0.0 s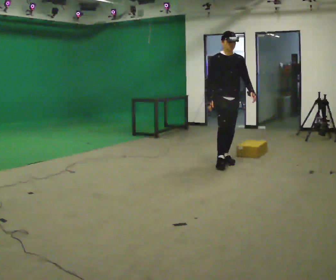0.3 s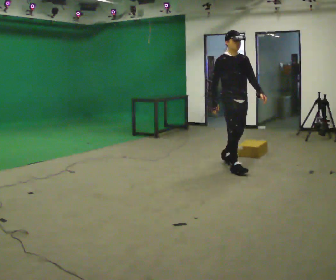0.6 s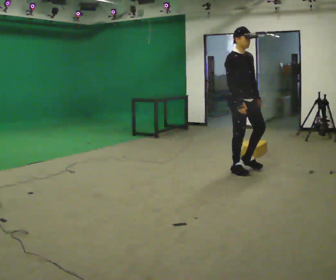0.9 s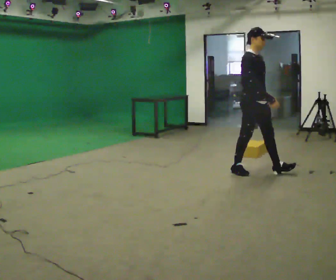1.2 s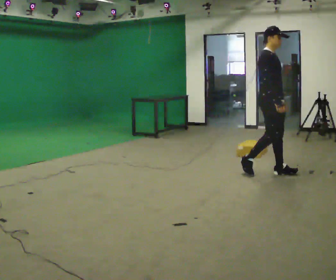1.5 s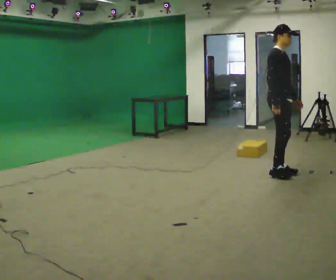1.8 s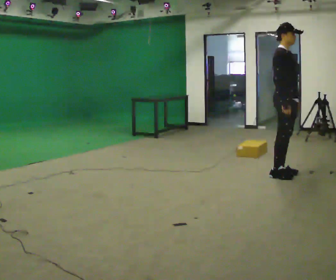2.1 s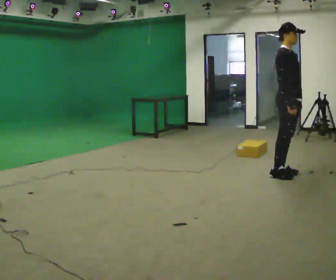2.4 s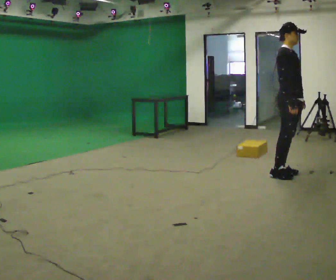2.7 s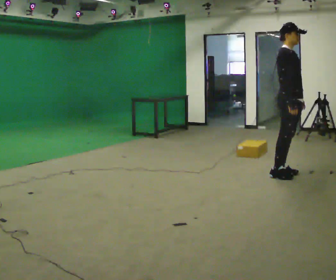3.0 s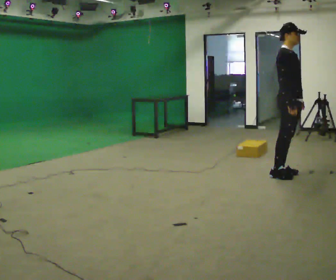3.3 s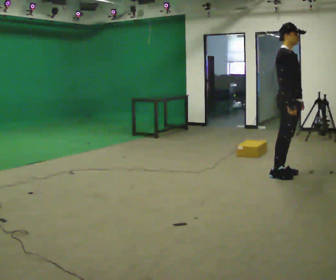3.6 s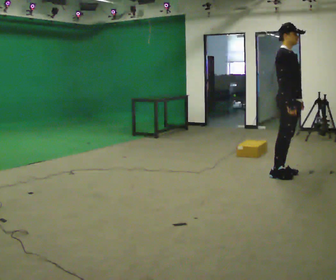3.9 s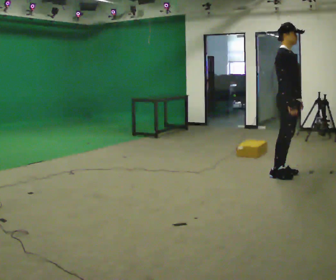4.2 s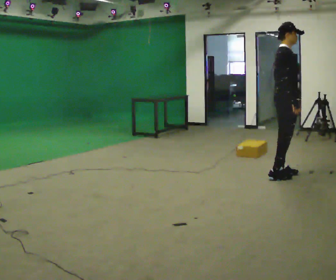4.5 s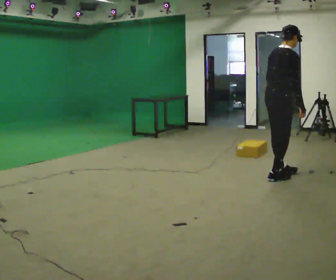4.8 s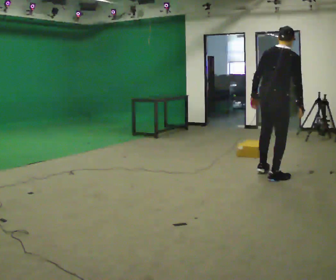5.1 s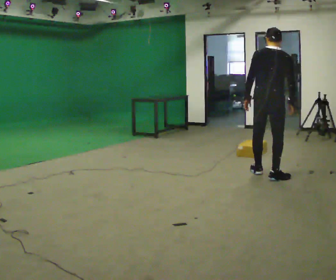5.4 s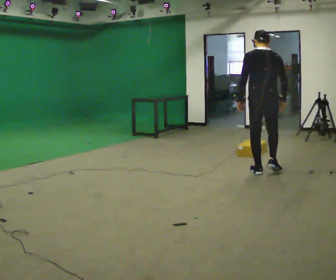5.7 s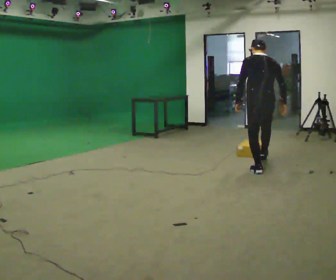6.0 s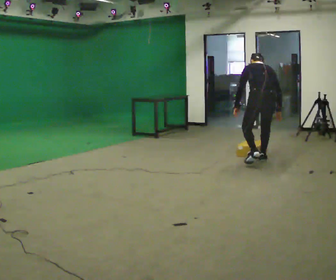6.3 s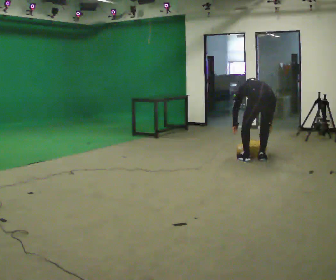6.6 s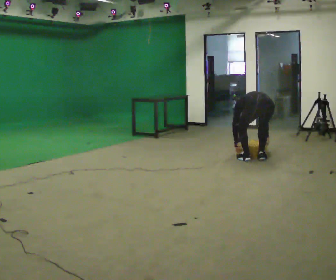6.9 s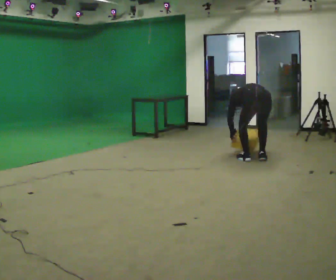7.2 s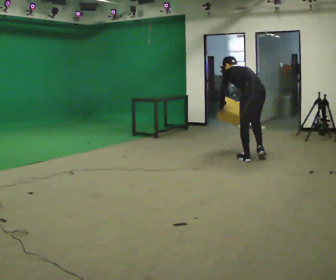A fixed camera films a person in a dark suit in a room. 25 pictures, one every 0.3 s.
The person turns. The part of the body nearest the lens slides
to the right.
The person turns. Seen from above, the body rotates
counterclockwise.
0.0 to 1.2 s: The person turns about 45 degrees to their left, counterclockwise seen from above, so the part of the body nearest the lens slides to the right. In the picture they go to the right and toward the camera, about 1 m in 2 steps, which for them is forward.
1.2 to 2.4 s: In the picture they go to the right, about 0.25 m in 1 step, which for them is forward.
2.4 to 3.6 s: The person keeps their place and pose.
3.6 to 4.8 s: Seen from above the body turns counterclockwise, about 75 degrees: to their left, with its near side sliding to the right. In the picture the upper body tilts clockwise, shoulders to the right, as they bend forward. In the picture their left hand goes to the left, the arm swinging clockwise.
4.8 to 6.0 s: The part of the body nearest the lens slides to the right as the person turns to their left by about 45 degrees. In the picture they go away from the camera, about 0.75 m in 2 steps, which for them is forward. The upper body goes downward. The upper body tips away from the camera, its near side rolling upward, as they bend forward.
6.0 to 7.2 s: In the picture they go away from the camera and to the left, about 0.25 m in 1 step, which for them is forward.
The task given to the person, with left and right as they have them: Walk quickly but do not run; remain comfortable and controlled; stop.
The film runs forward here.
